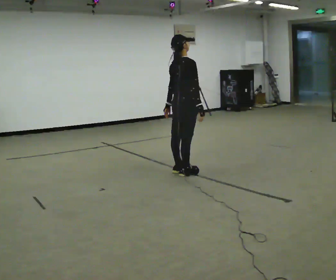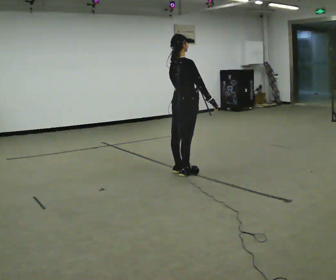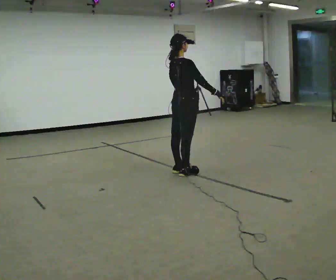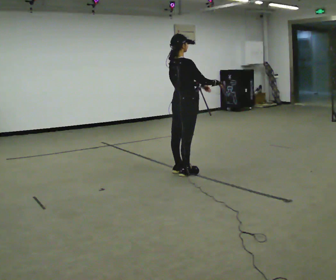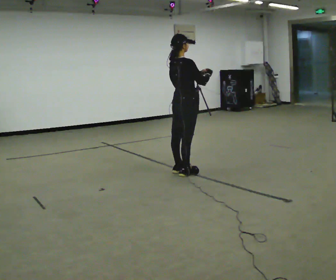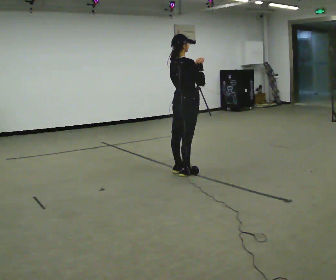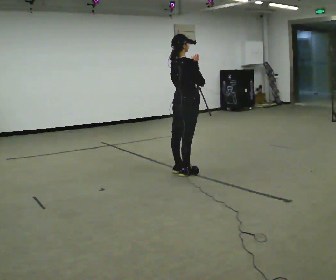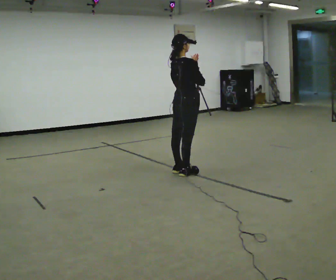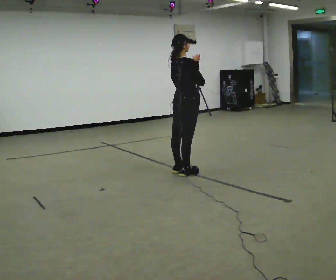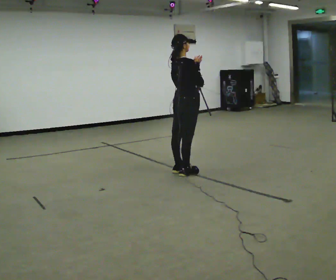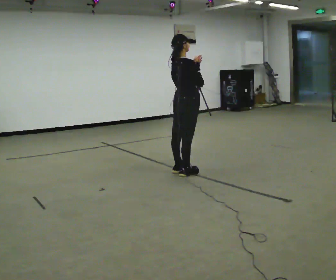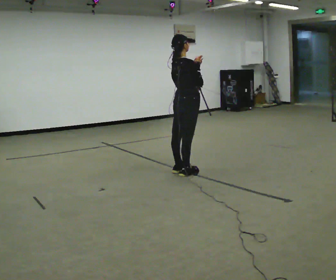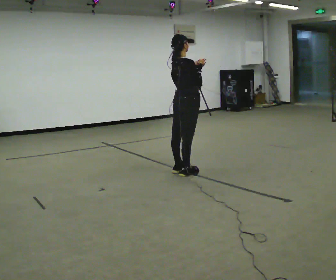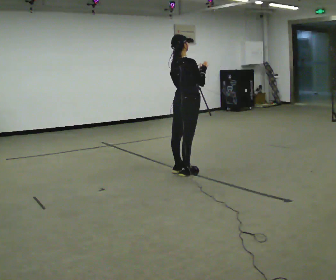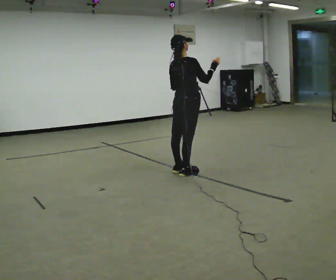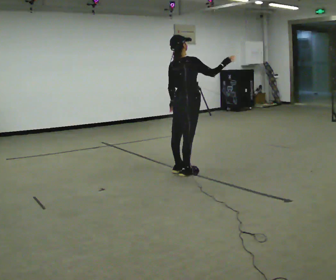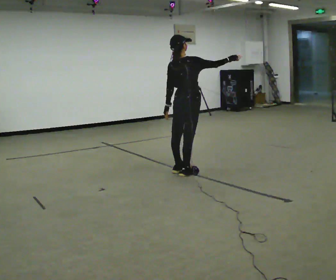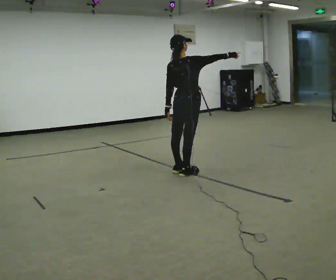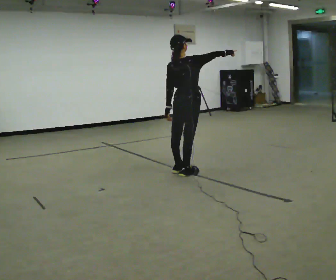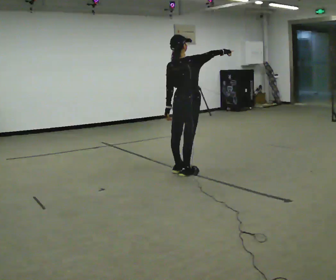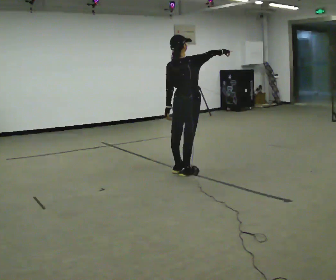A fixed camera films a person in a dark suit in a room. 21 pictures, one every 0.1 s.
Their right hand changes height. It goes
upward.
0.0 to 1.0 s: In the picture their left hand goes upward.
1.0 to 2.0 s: The part of the body nearest the lens slides to the right as the person turns to their left by about 30 degrees. In the picture their left hand goes downward and to the left.
The film runs backward here.
